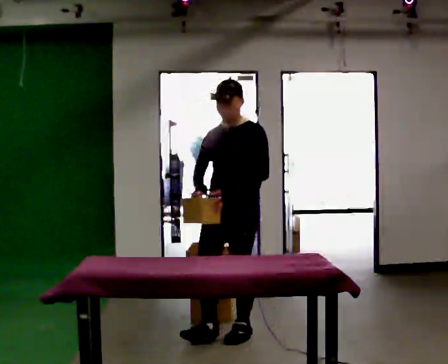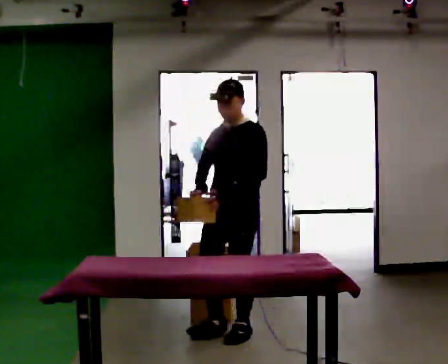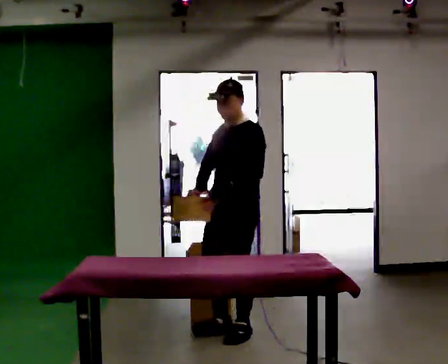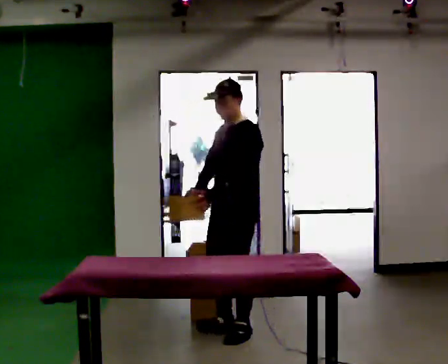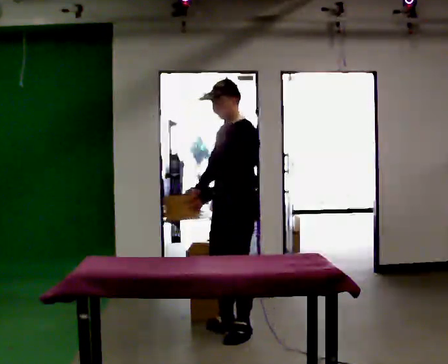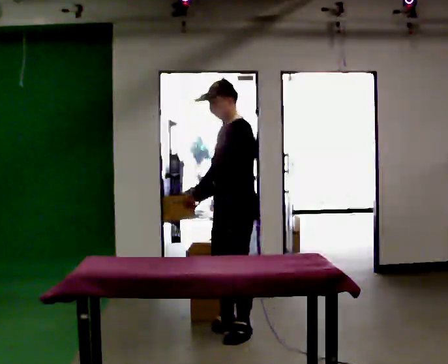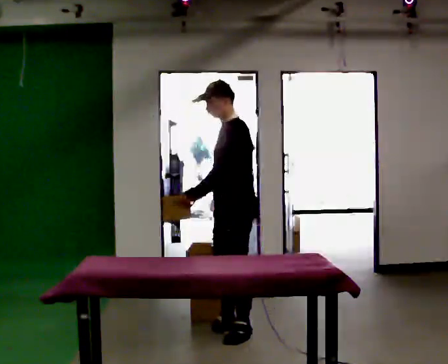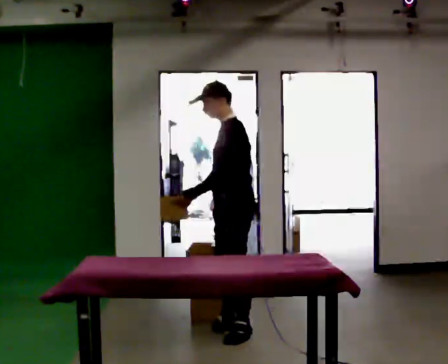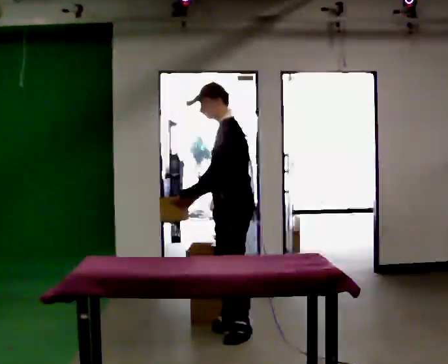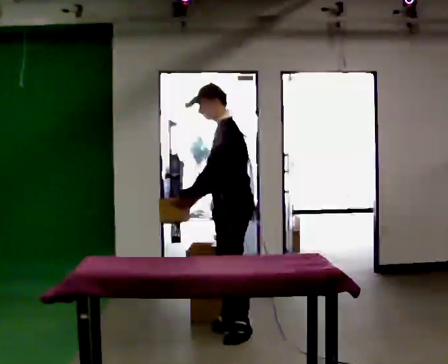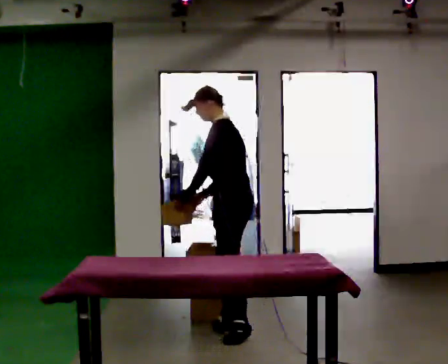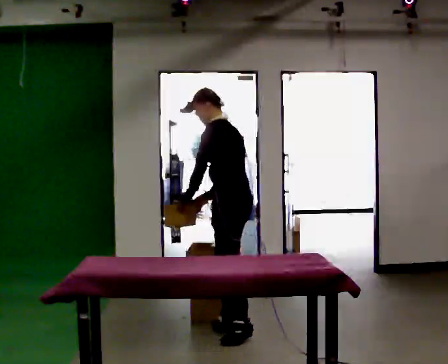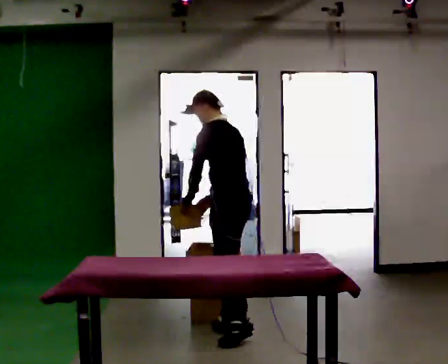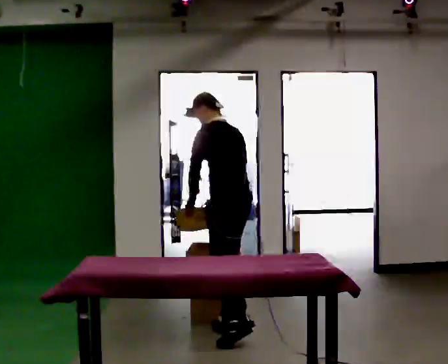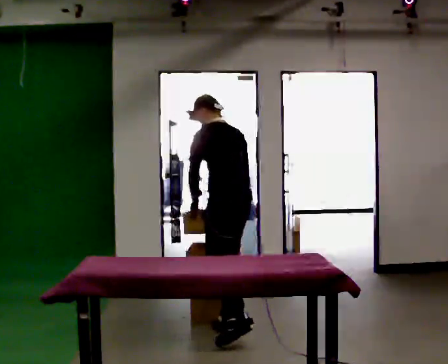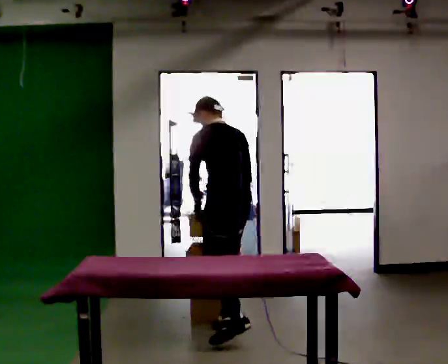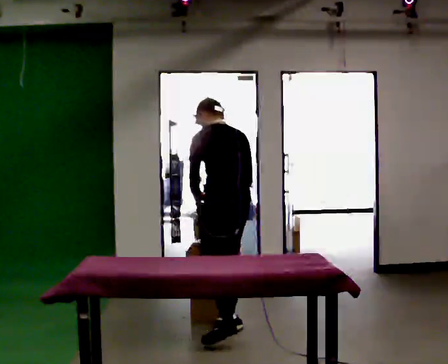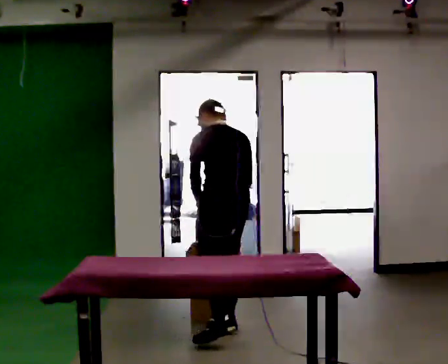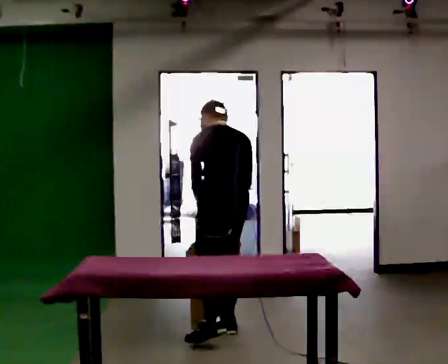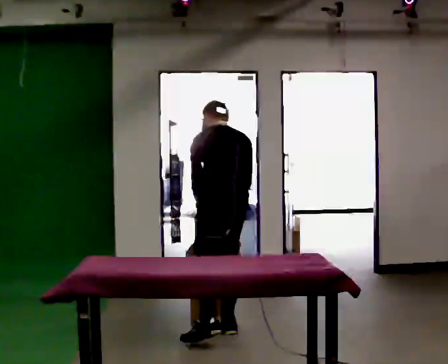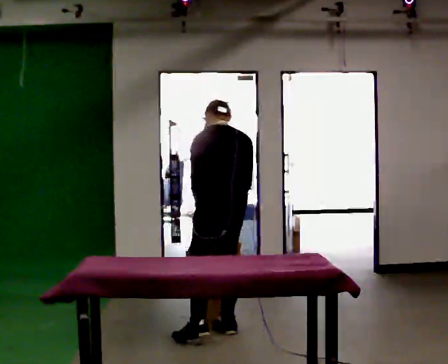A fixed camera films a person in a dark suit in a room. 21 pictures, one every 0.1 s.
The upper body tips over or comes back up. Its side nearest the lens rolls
upward.
The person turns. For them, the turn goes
to their right.
0.0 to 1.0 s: Seen from above the body turns clockwise, about 60 degrees: to their right, with its near side sliding to the left. In the picture they go away from the camera, about 0.25 m. In the picture their left hand goes to the left.
1.0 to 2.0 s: The part of the body nearest the lens slides to the left as the person turns to their right by about 60 degrees. The upper body tips away from the camera, its near side rolling upward, as they bend forward.
The film runs backward here.
